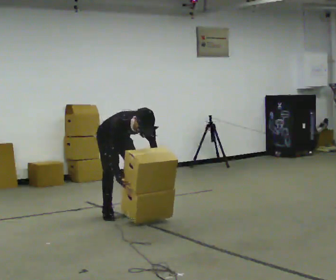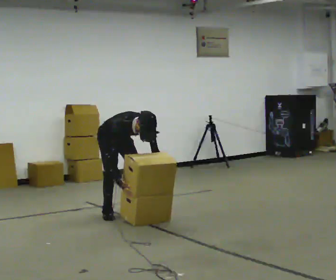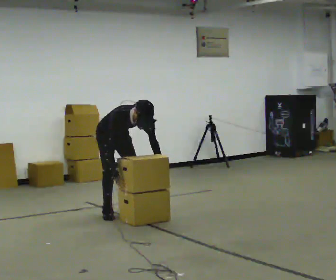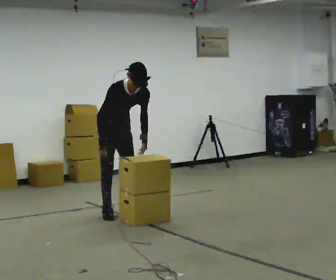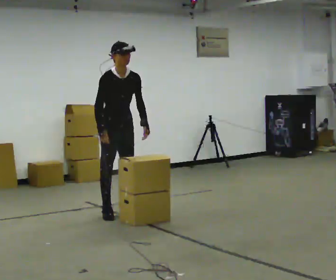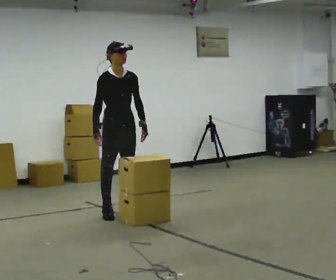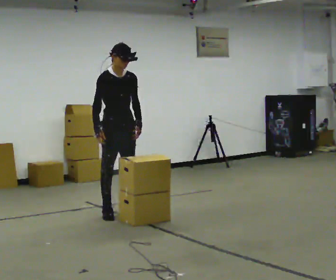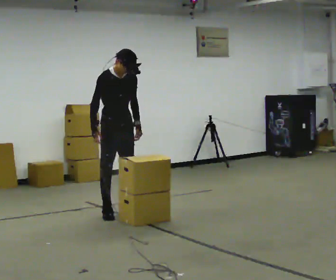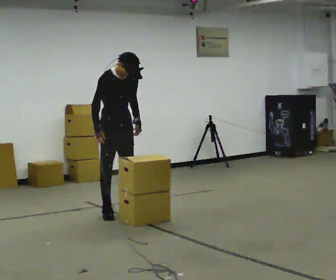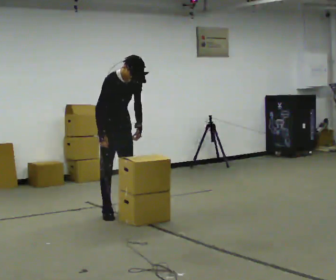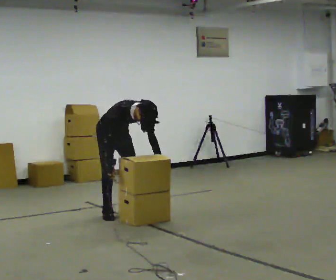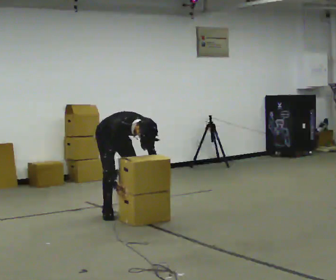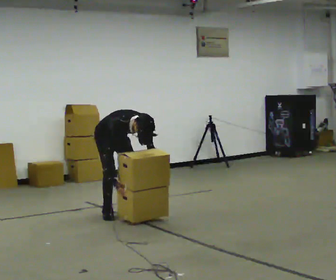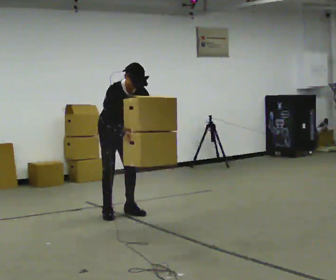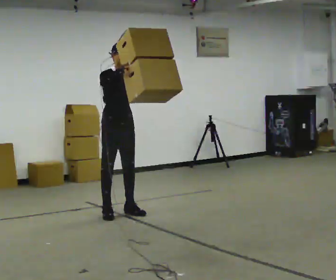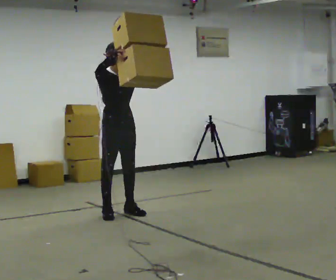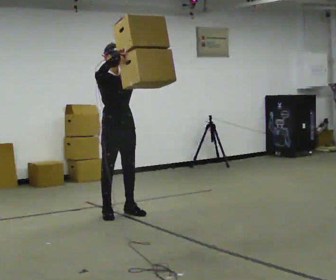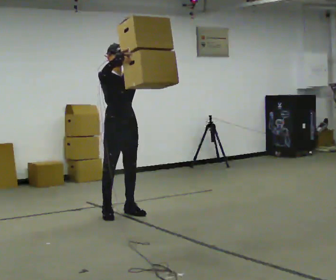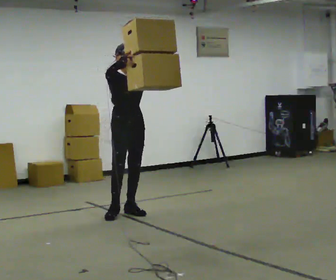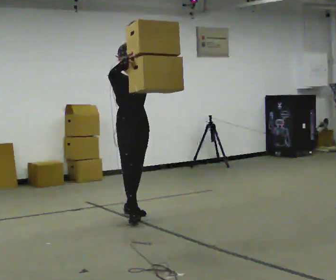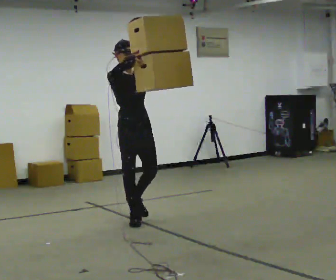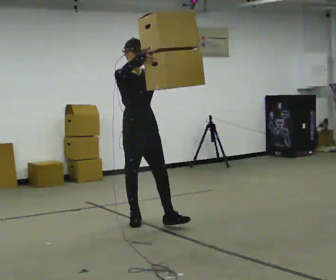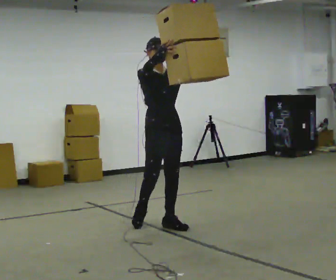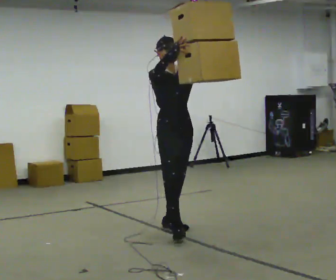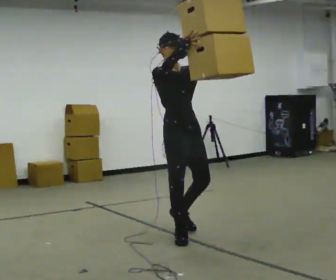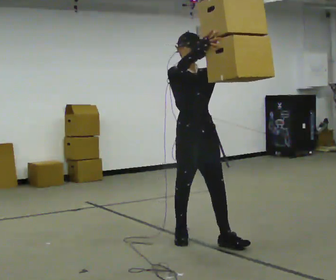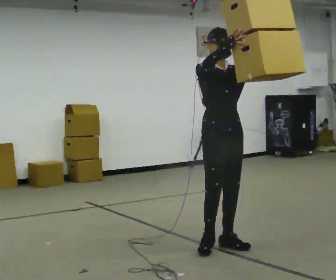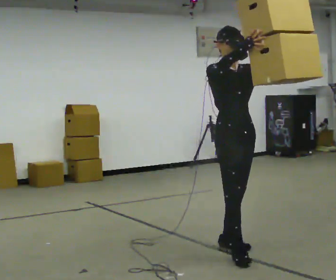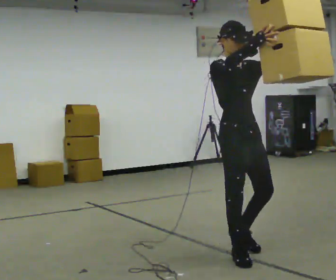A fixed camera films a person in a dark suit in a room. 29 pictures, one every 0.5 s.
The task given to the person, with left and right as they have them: Carry the large panel across the room. It will block your view ahead, so take whatever route feels safe. Keep going until the operator says stop; one object at a time, and do not rush between trips.
0.0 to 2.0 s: In the picture they go toward the camera, about 0.25 m, which for them is forward. The shoulders move upward. The upper body tips away from the camera, its near side rolling upward, as they lean back or straighten. In the picture their left hand goes upward.
2.0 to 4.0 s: The person moves a little, or ends about where they began.
4.0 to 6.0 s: In the picture they go away from the camera, about 0.25 m, which for them is backward. The shoulders move downward. The upper body tips toward the camera, its near side rolling downward, as they bend forward. In the picture their left hand goes downward.
6.0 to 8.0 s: In the picture they go toward the camera, about 0.25 m, which for them is forward. The upper body goes upward. The upper body tips away from the camera, its near side rolling upward, as they lean back or straighten. In the picture their right hand goes upward.
8.0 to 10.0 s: In the picture they go toward the camera and to the right, about 0.25 m in 1 step, which for them is forward.
10.0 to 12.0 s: In the picture they go toward the camera and to the right, about 1 m in 2 steps, which for them is forward.
12.0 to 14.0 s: In the picture they go toward the camera and to the right, about 1 m in 2 steps, which for them is forward.
The film runs forward here.
